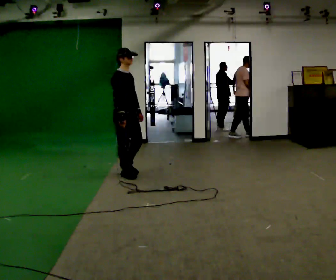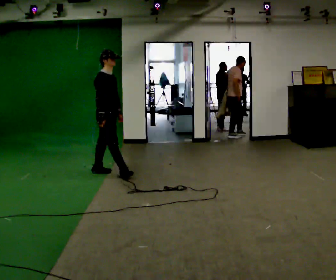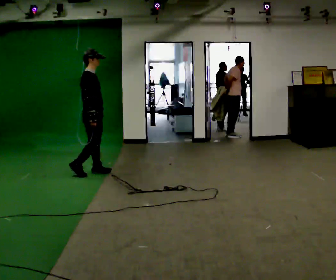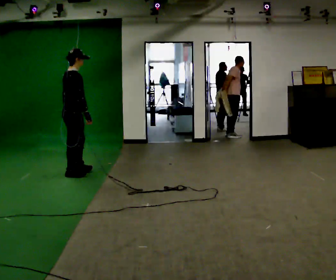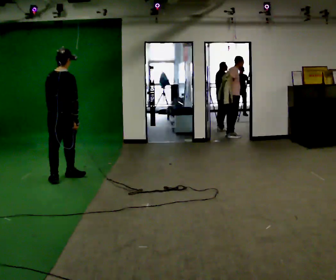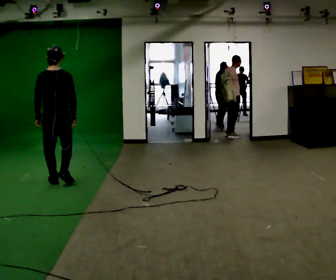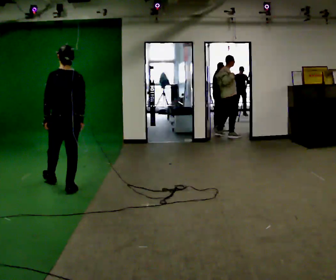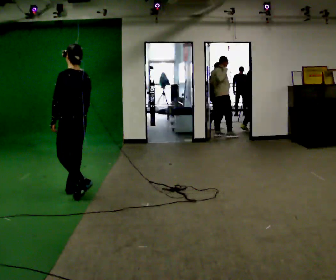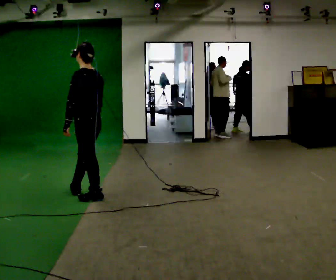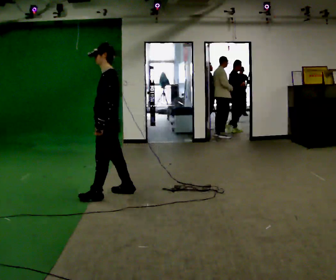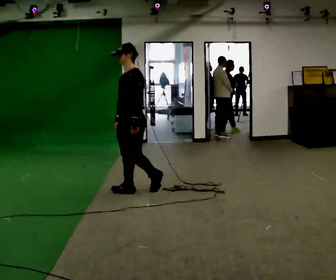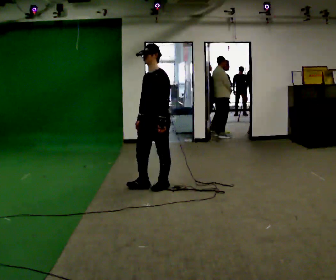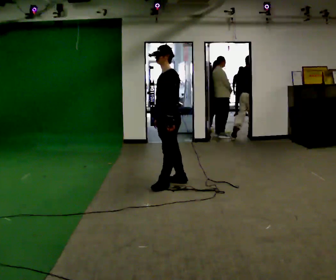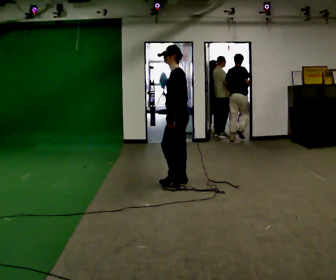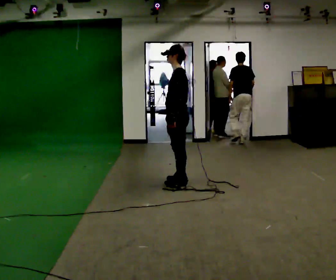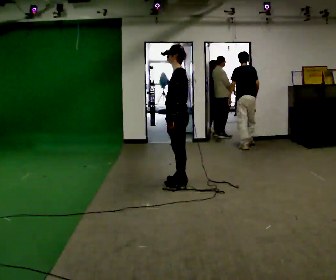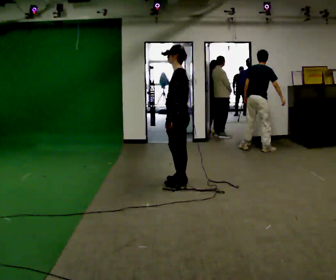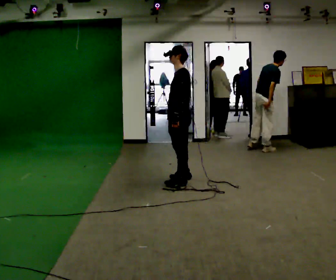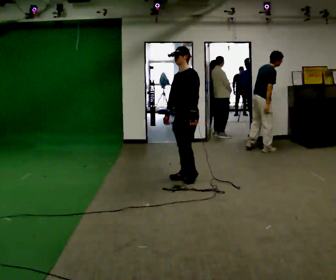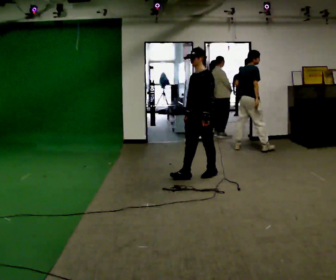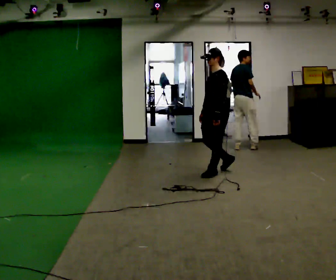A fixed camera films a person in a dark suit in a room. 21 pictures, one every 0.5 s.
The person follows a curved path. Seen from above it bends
counterclockwise.
0.0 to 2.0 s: The part of the body nearest the lens slides to the right as the person turns to their left by about 90 degrees. In the picture they go to the left, about 1 m in 2 steps.
2.0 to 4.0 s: The person turns about 90 degrees to their left, counterclockwise seen from above, so the part of the body nearest the lens slides to the right. In the picture they go toward the camera and to the right, about 1 m in 3 steps.
4.0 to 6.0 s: The person turns about 45 degrees to their left, counterclockwise seen from above, so the part of the body nearest the lens slides to the right. In the picture they go to the right and away from the camera, about 1 m in 2 steps.
6.0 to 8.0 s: The person turns about 30 degrees to their right, clockwise seen from above, so the part of the body nearest the lens slides to the left.
8.0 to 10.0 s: In the picture they go to the right and away from the camera, about 0.5 m in 3 steps, which for them is backward.
The film runs backward here.
